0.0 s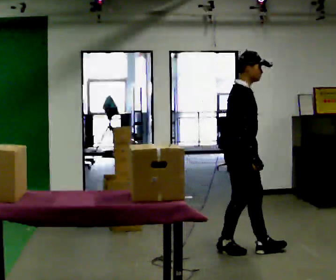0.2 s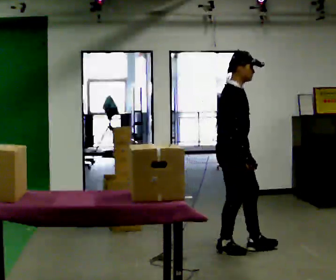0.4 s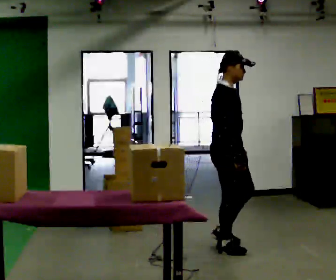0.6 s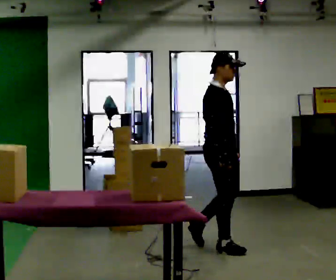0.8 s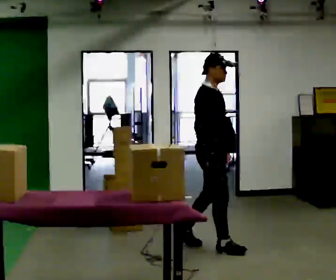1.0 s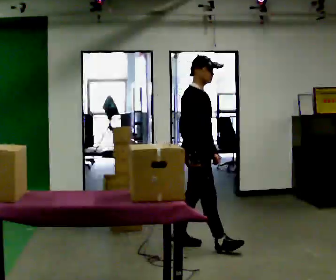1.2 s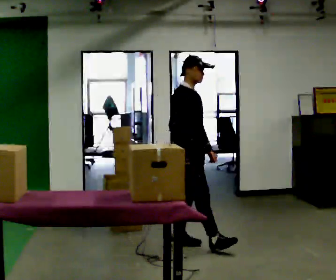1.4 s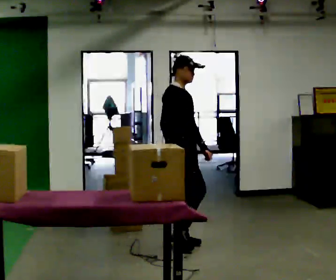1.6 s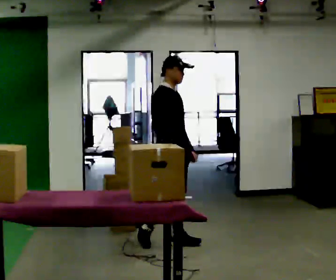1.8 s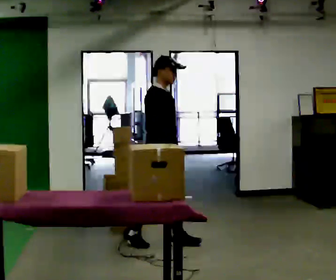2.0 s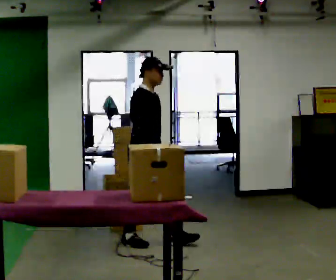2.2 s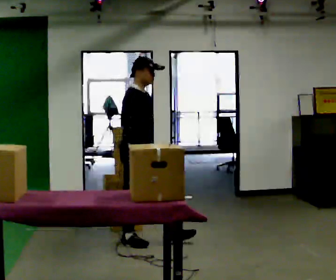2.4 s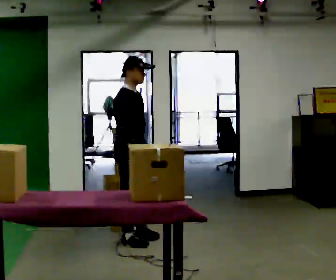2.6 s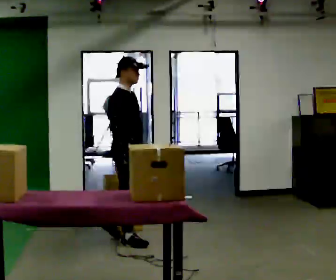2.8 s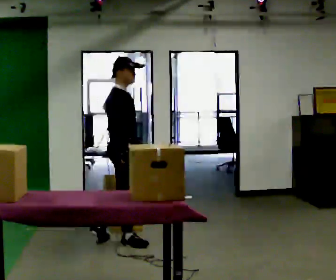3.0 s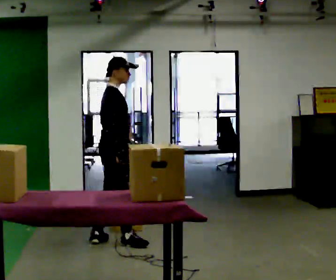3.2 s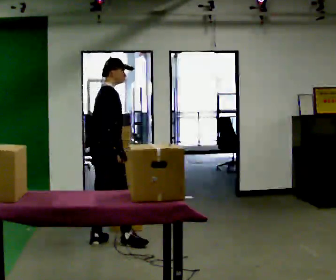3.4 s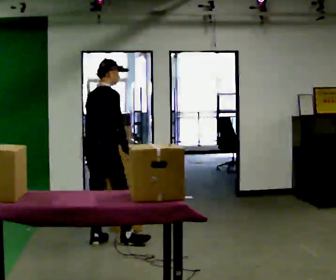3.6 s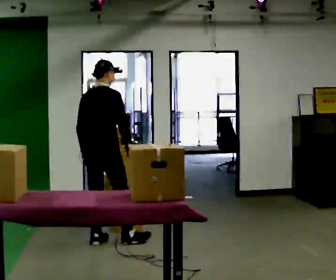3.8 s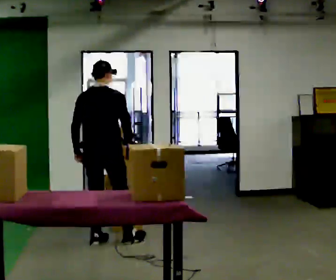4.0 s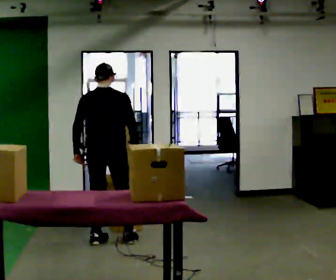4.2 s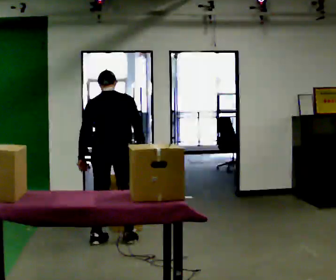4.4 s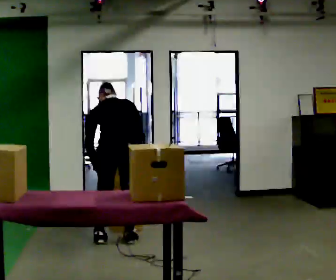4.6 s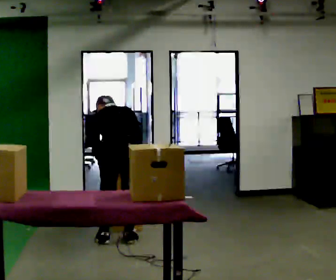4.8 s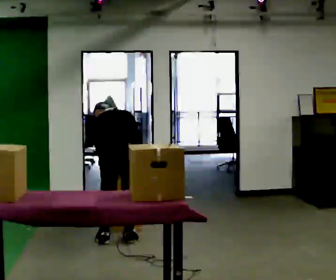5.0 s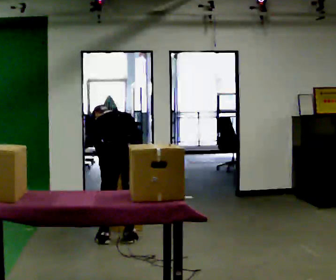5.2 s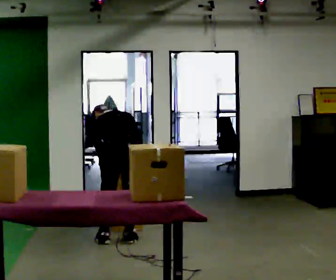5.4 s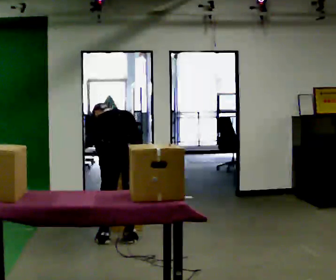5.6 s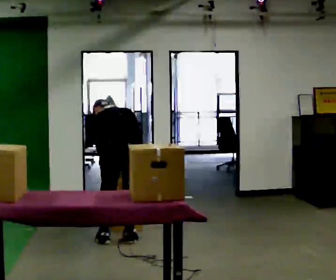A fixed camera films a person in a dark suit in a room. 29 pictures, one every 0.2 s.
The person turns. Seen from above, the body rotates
counterclockwise.
The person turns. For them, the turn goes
to their left.
0.0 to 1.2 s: In the picture they go to the left and away from the camera, about 0.5 m in 2 steps, which for them is backward.
1.2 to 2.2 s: In the picture they go to the left, about 0.5 m in 1 step, which for them is backward.
2.2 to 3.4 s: The person turns about 60 degrees to their left, counterclockwise seen from above, so the part of the body nearest the lens slides to the right. In the picture they go to the left, about 0.25 m, which for them is backward.
3.4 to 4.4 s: The person turns about 60 degrees to their left, counterclockwise seen from above, so the part of the body nearest the lens slides to the right. In the picture they go to the right, about 0.25 m, which for them is to their right. The upper body tips away from the camera, its near side rolling upward, as they bend forward.
4.4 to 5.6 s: The person moves a little, or ends about where they began.
The film runs backward here.
